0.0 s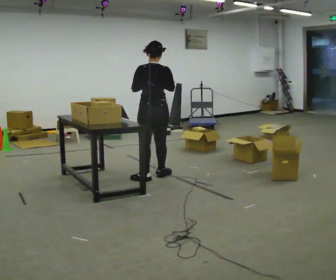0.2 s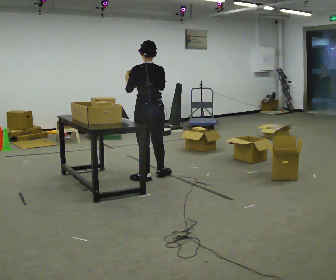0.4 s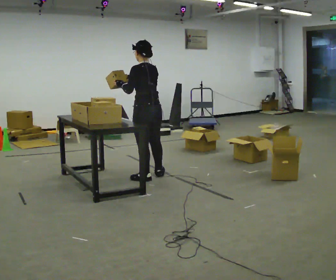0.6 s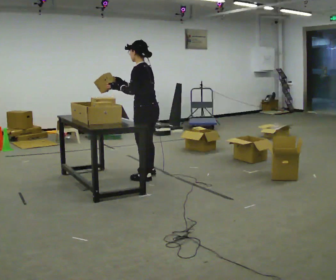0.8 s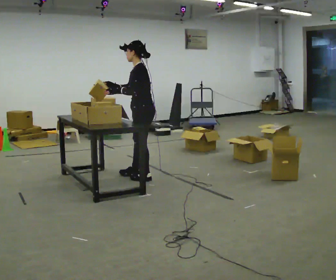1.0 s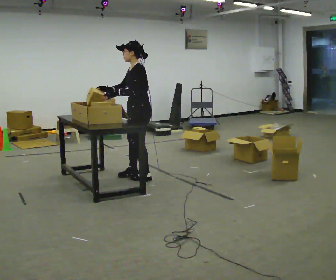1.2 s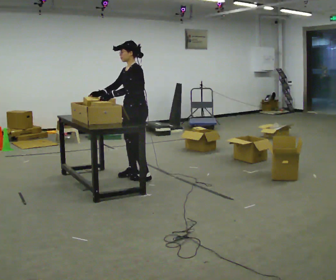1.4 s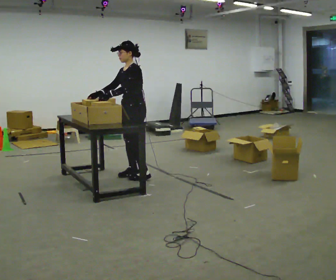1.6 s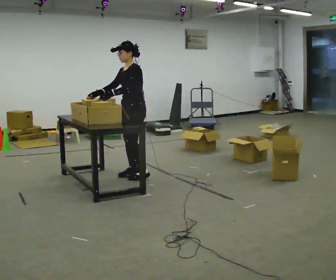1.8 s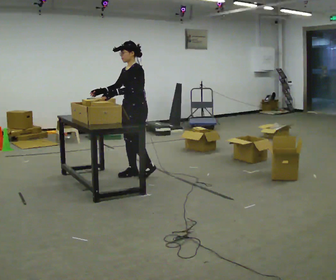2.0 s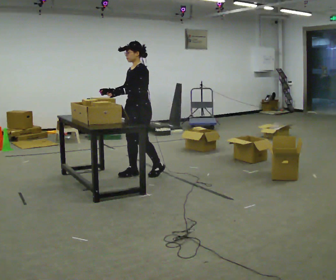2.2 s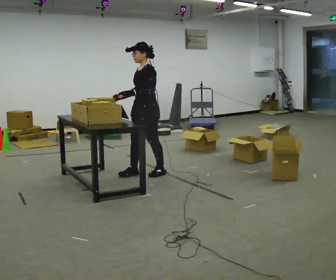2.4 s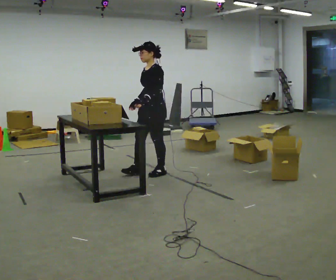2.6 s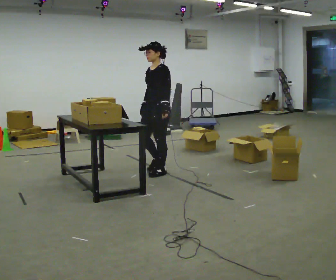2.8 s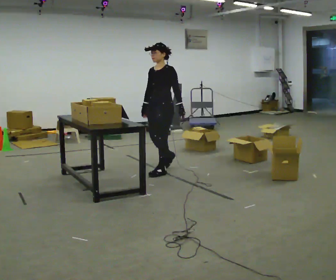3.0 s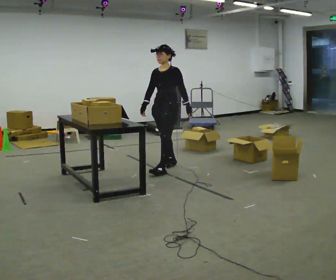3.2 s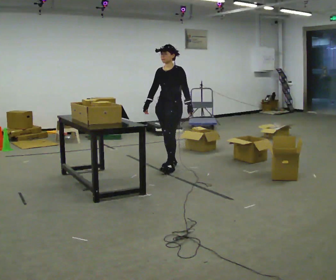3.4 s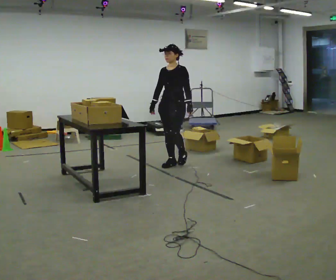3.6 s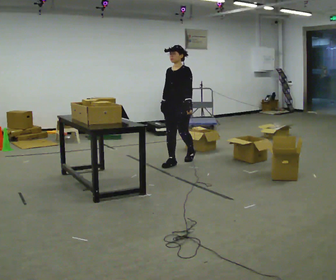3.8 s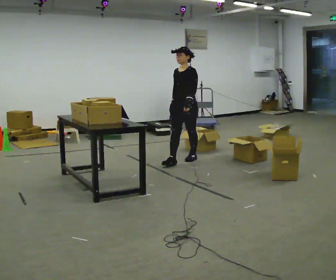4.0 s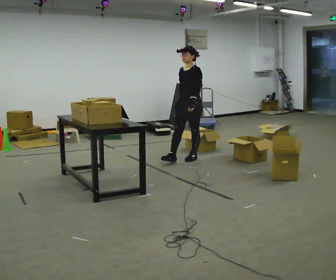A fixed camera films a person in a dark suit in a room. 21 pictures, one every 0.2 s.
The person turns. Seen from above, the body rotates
counterclockwise.
The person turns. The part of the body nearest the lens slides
to the right.
0.0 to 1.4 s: The person turns about 105 degrees to their left, counterclockwise seen from above, so the part of the body nearest the lens slides to the right. In the picture they go to the left, about 0.25 m in 1 step. In the picture their right hand goes to the left.
1.4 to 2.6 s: In the picture they go to the right, about 0.25 m in 2 steps, which for them is backward.
2.6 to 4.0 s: In the picture they go away from the camera and to the right, about 1 m in 2 steps, which for them is backward.
The film runs backward here.
